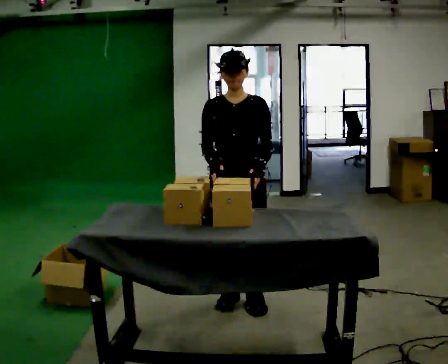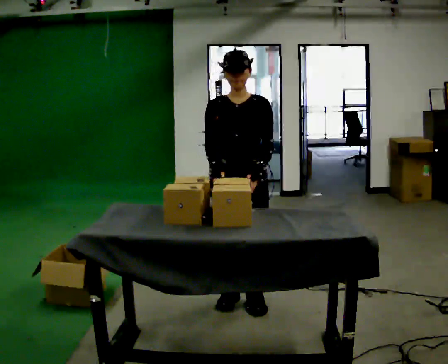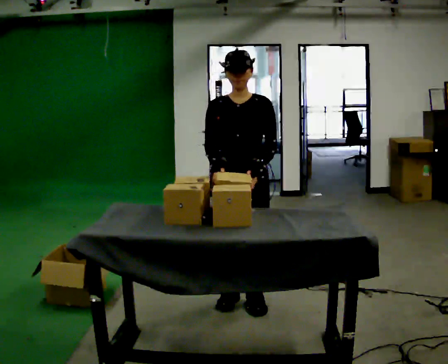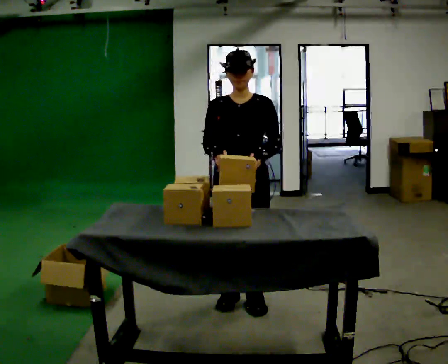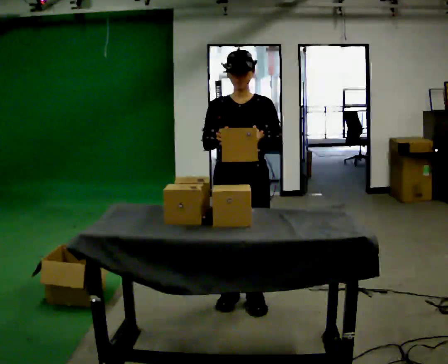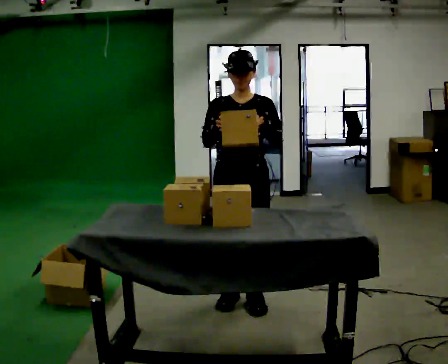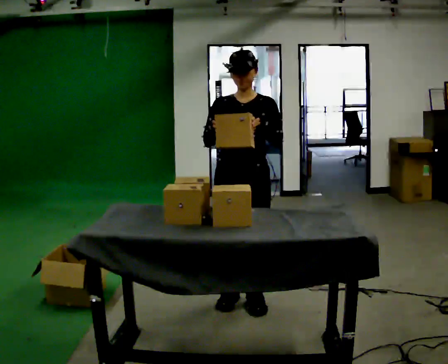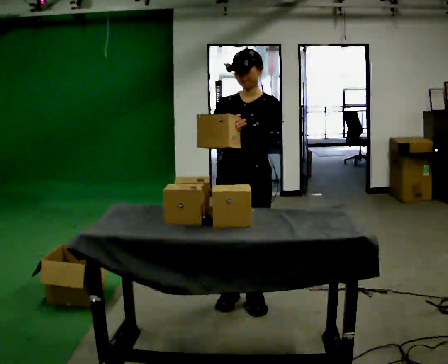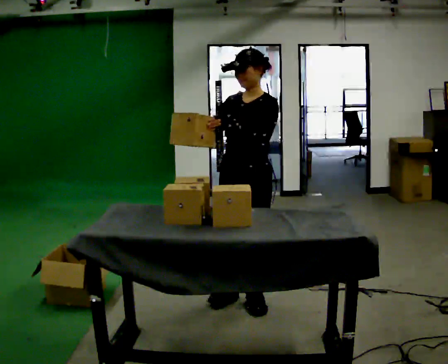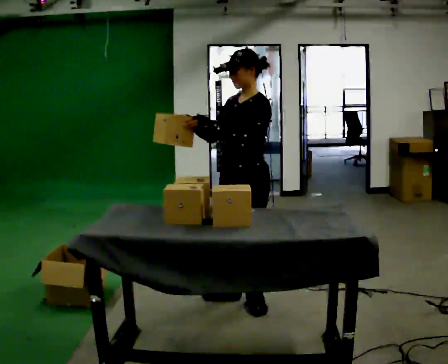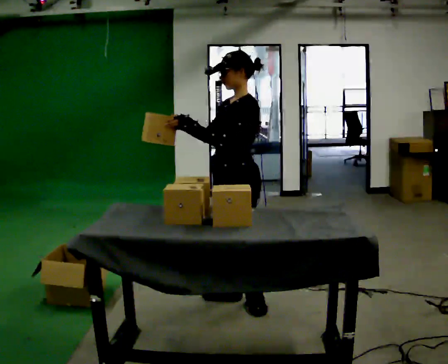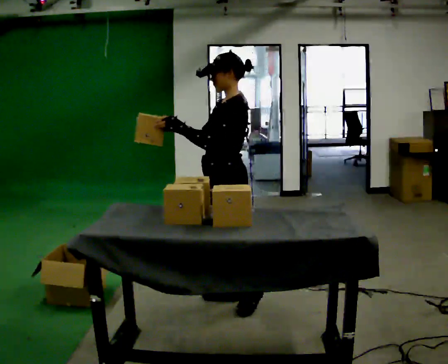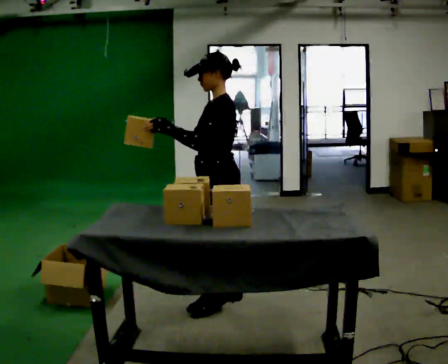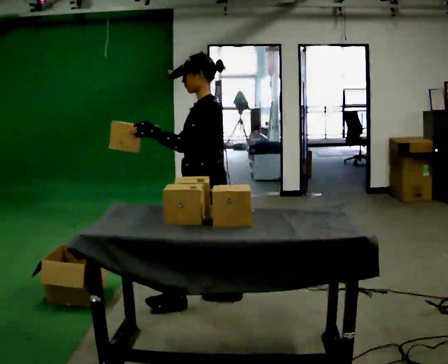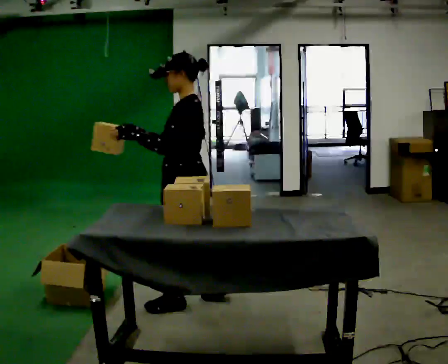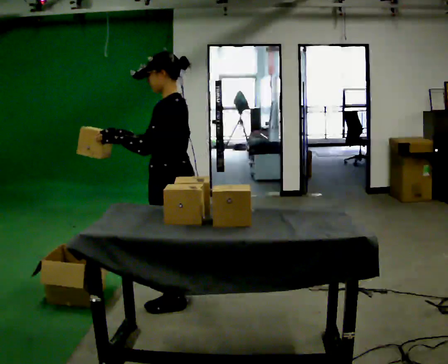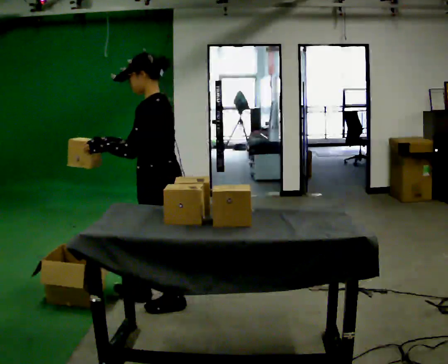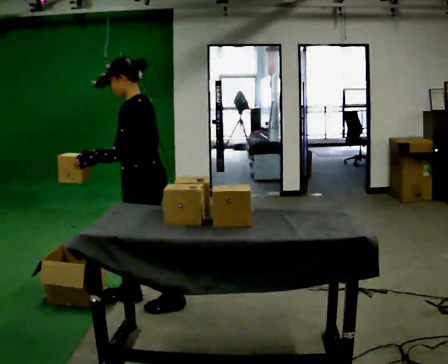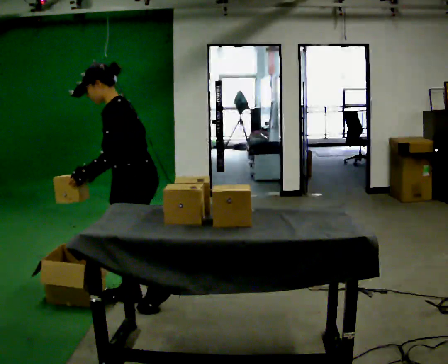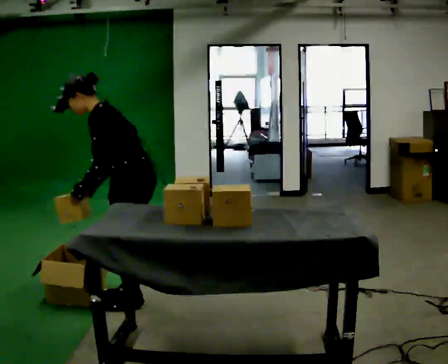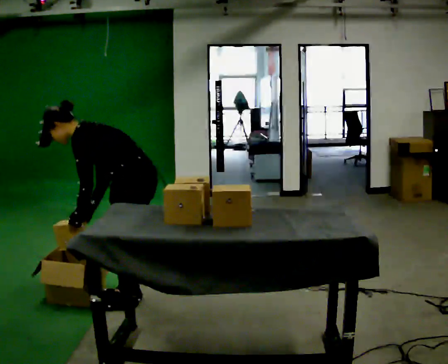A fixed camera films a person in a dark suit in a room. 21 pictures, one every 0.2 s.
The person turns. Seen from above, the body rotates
clockwise.
The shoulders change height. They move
downward.
0.0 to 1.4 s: The person moves a little, or ends about where they began.
1.4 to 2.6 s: The person turns about 60 degrees to their right, clockwise seen from above, so the part of the body nearest the lens slides to the left. In the picture they go to the left, about 0.25 m in 1 step. In the picture their right hand goes to the left.
2.6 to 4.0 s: In the picture they go to the left, about 0.5 m in 2 steps, which for them is forward. The upper body goes downward. In the picture the upper body tilts counterclockwise, shoulders to the left, as they bend forward. In the picture their right hand goes downward, the arm swinging counterclockwise.
The film runs forward here.
